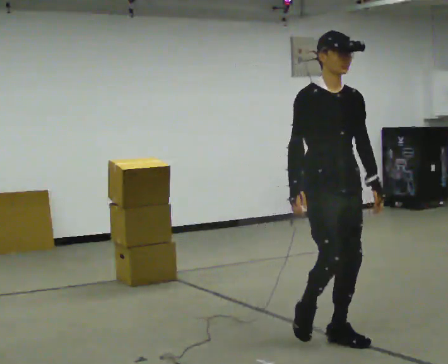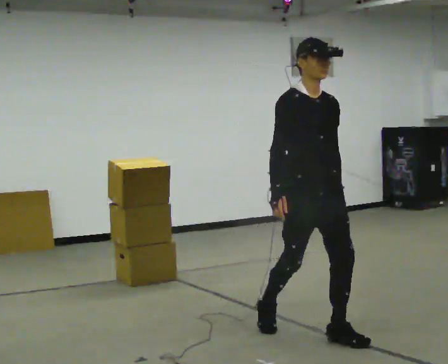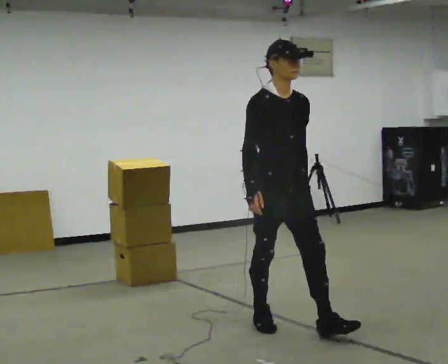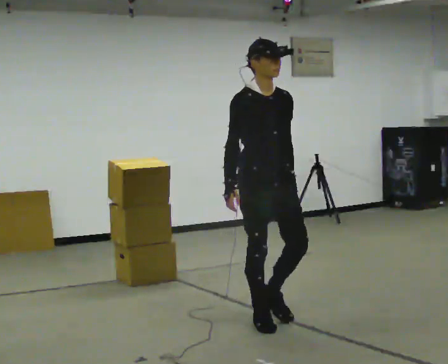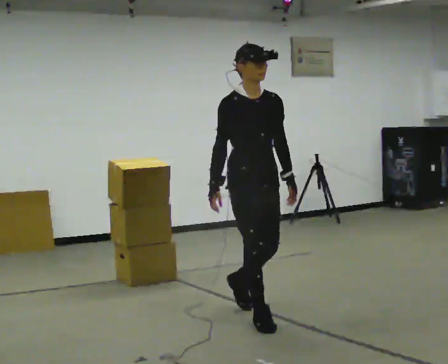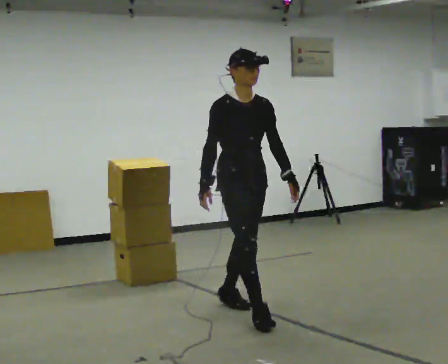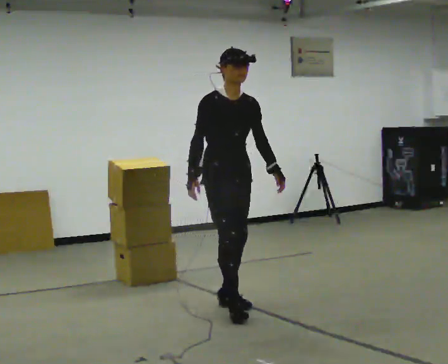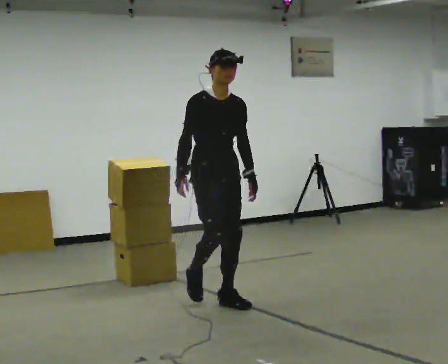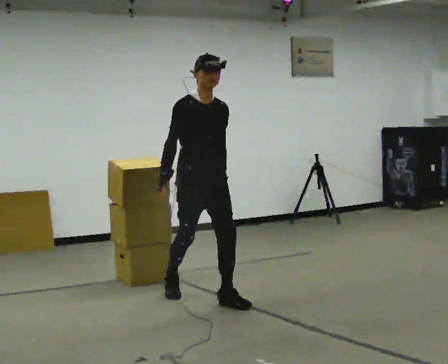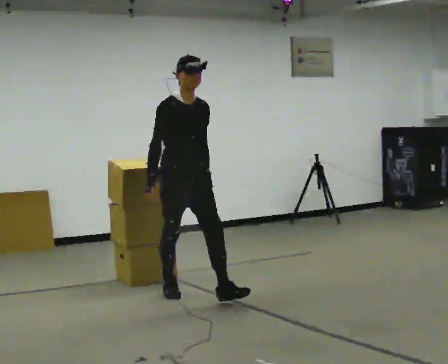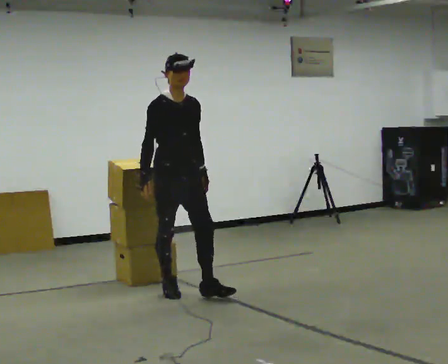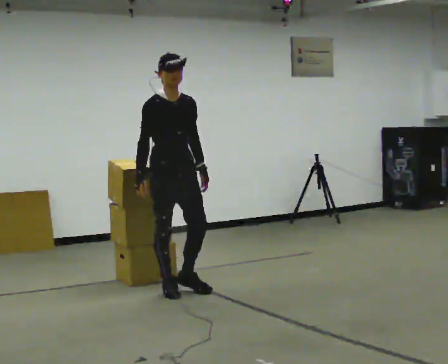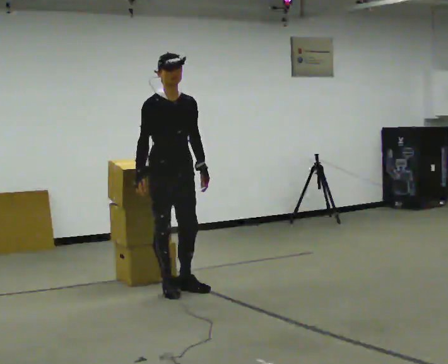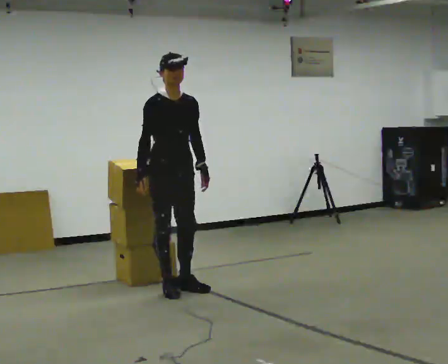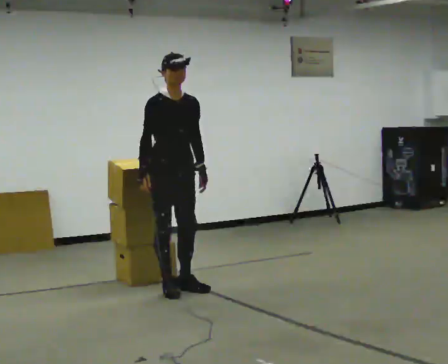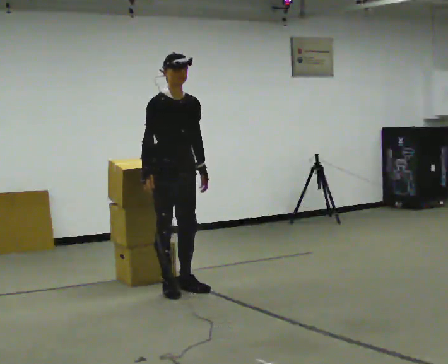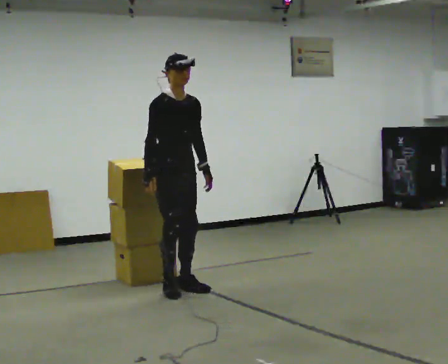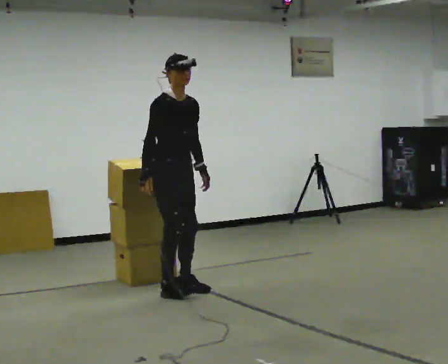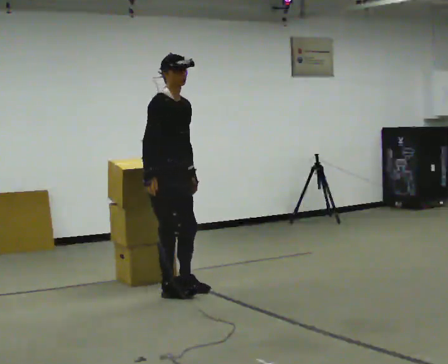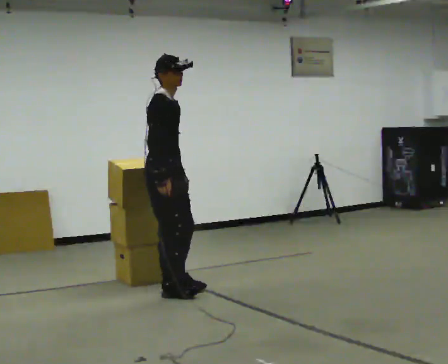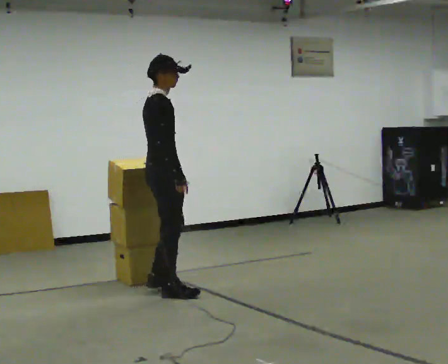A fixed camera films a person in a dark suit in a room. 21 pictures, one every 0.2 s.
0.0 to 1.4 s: In the picture they go away from the camera and to the left, about 1 m in 2 steps, which for them is backward.
1.4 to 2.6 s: In the picture they go away from the camera and to the left, about 0.5 m in 1 step, which for them is backward.
2.6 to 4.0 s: The person turns about 75 degrees to their left, counterclockwise seen from above, so the part of the body nearest the lens slides to the right.
The film runs backward here.
